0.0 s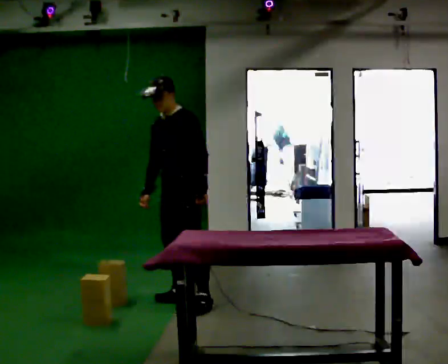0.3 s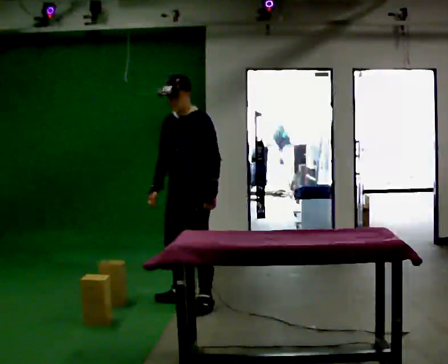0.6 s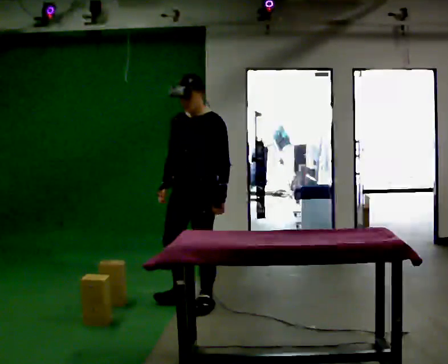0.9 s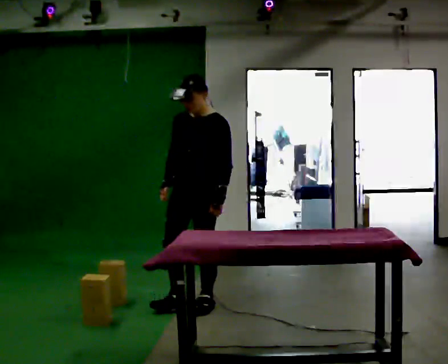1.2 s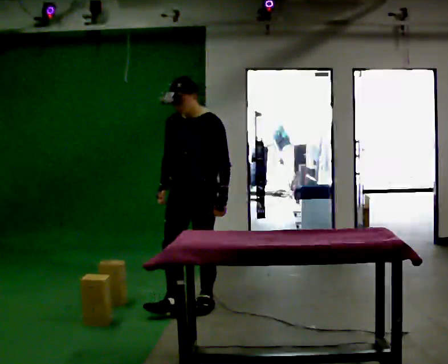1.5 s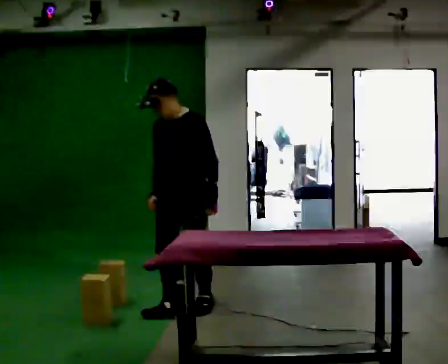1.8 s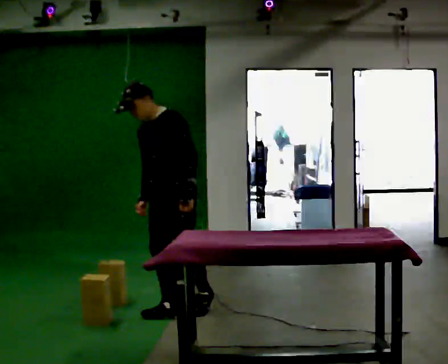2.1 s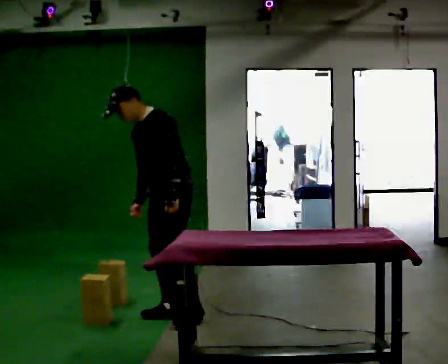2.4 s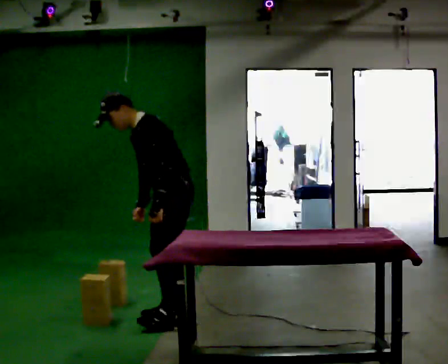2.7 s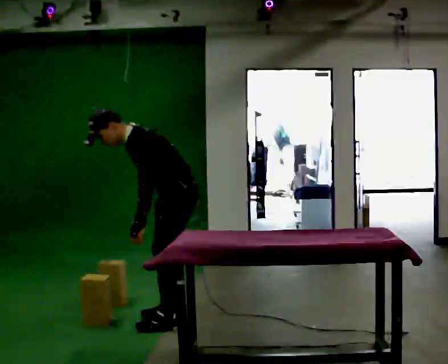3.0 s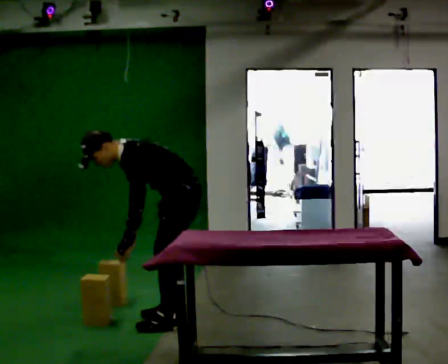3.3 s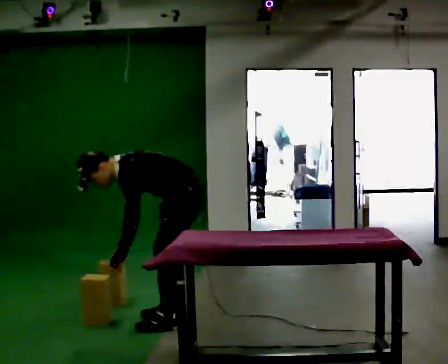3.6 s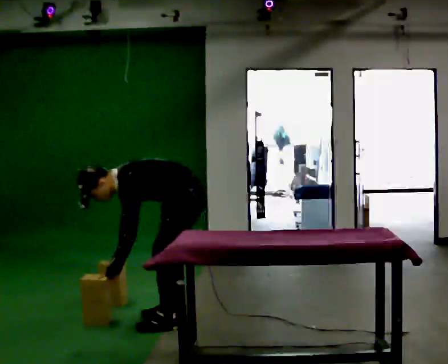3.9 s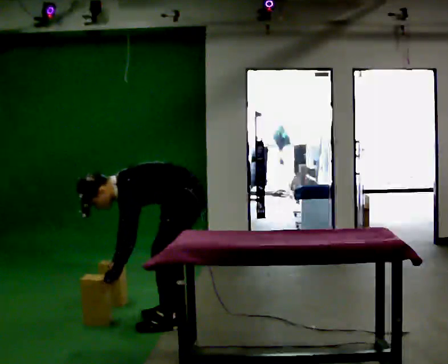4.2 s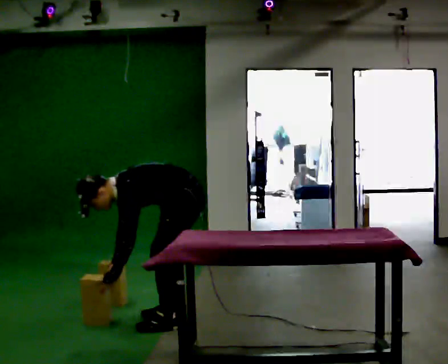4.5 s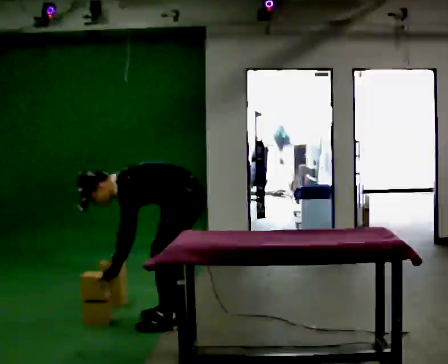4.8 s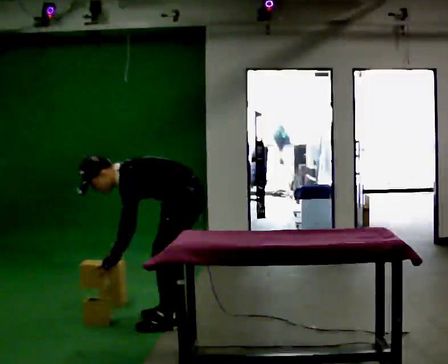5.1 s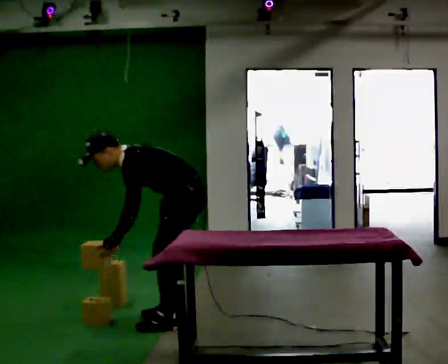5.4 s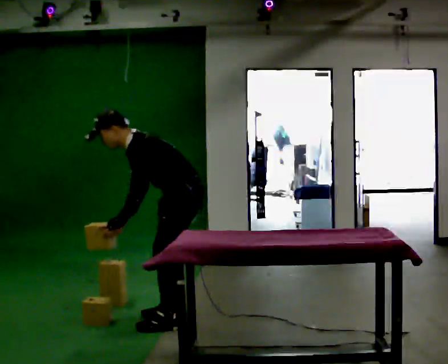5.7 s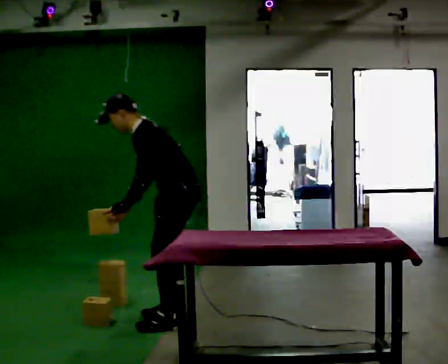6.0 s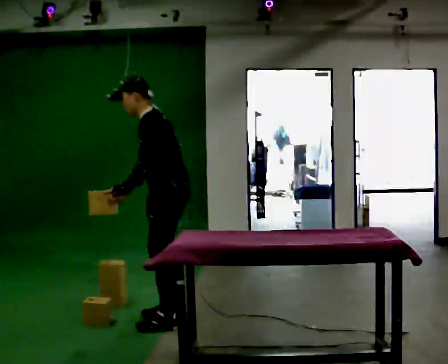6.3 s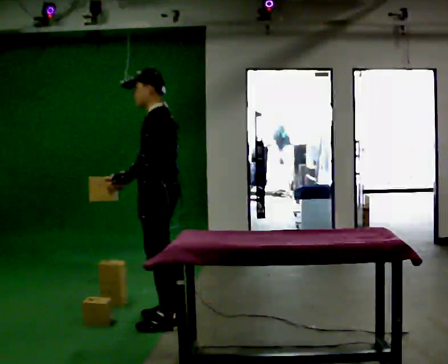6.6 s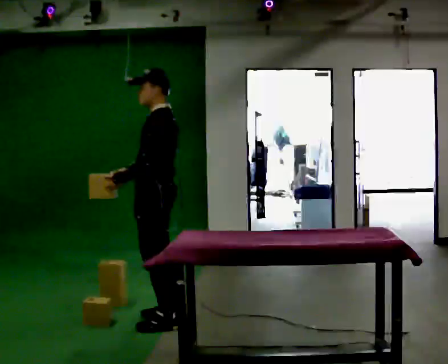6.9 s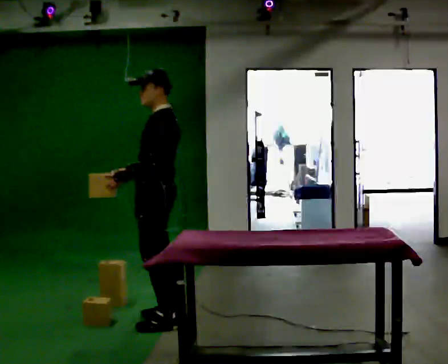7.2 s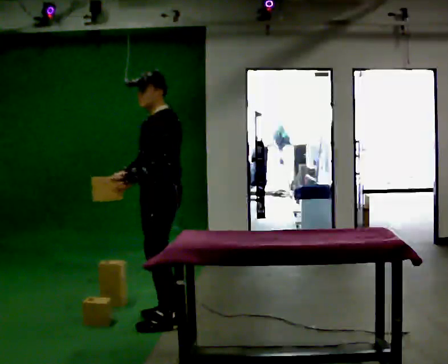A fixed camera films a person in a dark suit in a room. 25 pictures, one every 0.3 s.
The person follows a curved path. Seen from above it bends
clockwise.
0.0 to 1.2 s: In the picture they go toward the camera, about 0.25 m in 1 step, which for them is to their left.
1.2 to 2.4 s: The part of the body nearest the lens slides to the left as the person turns to their right by about 45 degrees. In the picture they go toward the camera, about 0.25 m in 1 step, which for them is forward and to their left. In the picture the upper body tilts counterclockwise, shoulders to the left, as they bend forward.
2.4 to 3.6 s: The shoulders move downward. In the picture the upper body tilts counterclockwise, shoulders to the left, as they bend forward. In the picture their left hand goes downward.
3.6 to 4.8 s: The person moves a little, or ends about where they began.
4.8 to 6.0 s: The shoulders move upward. In the picture the upper body tilts clockwise, shoulders to the right, as they lean back or straighten. In the picture their left hand goes upward.
6.0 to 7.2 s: The person moves a little, or ends about where they began.
The film runs forward here.
